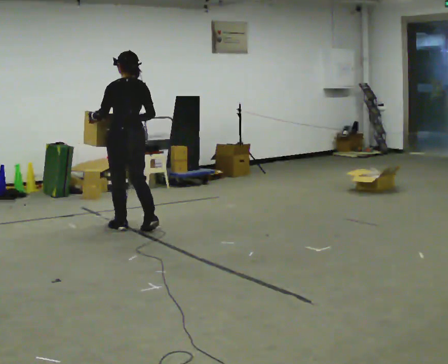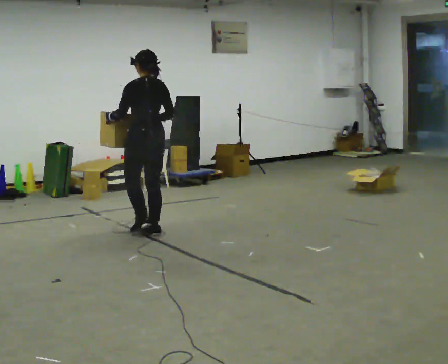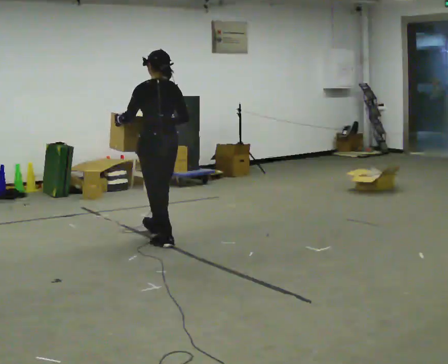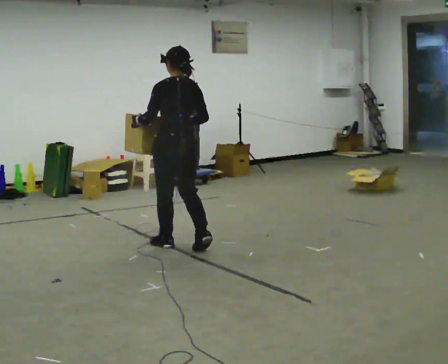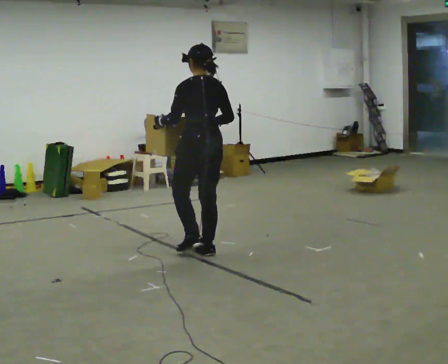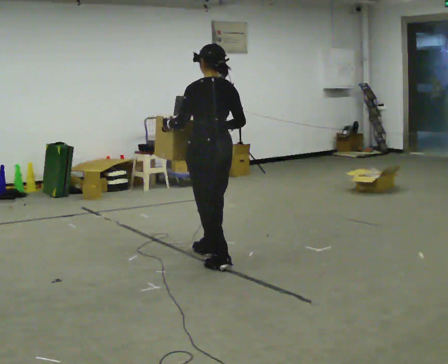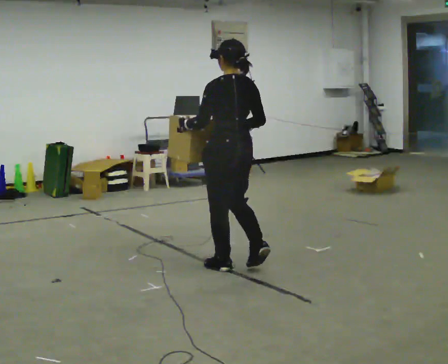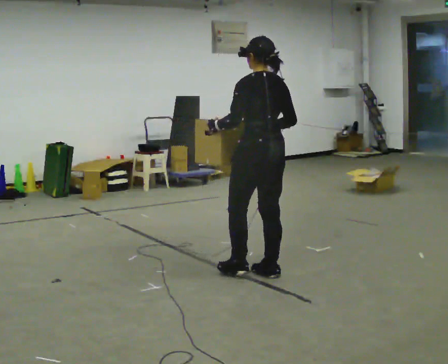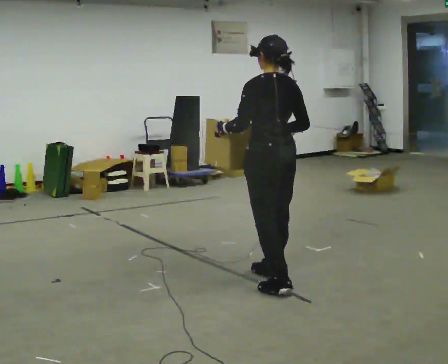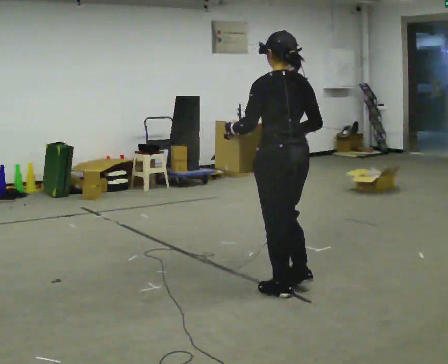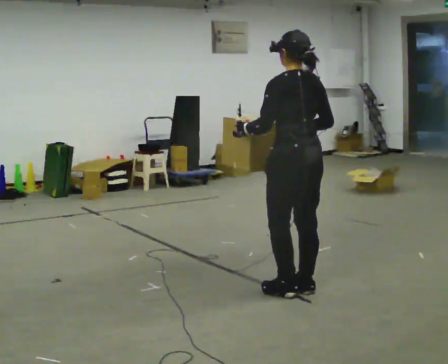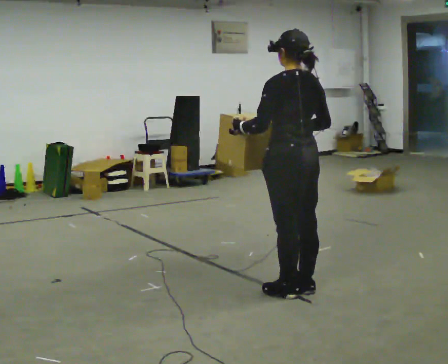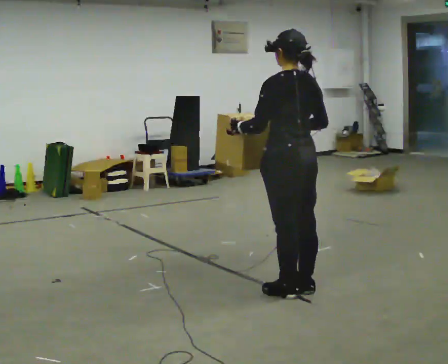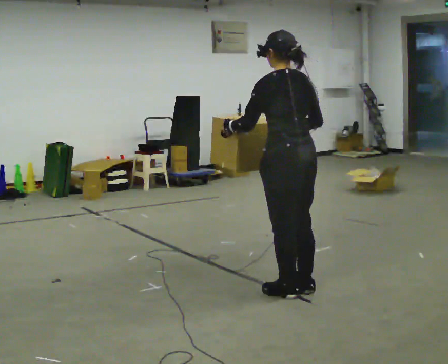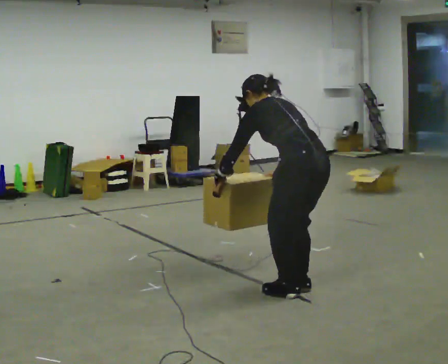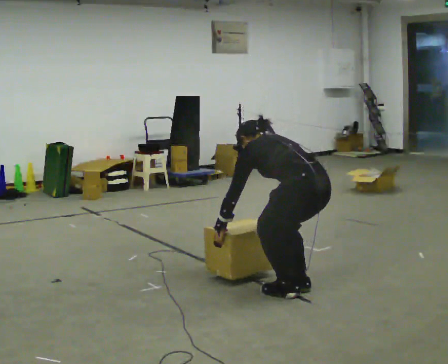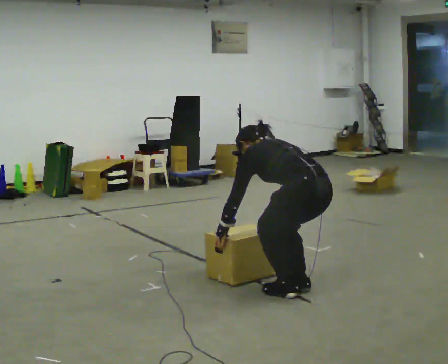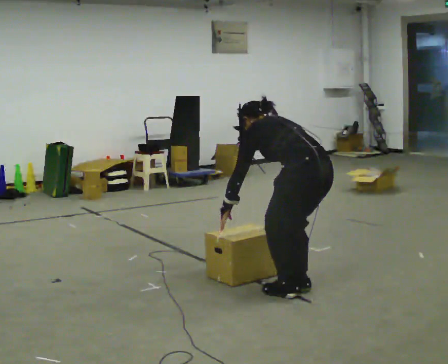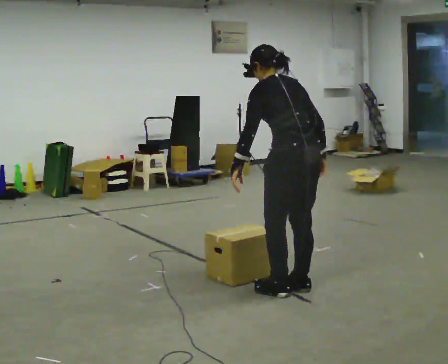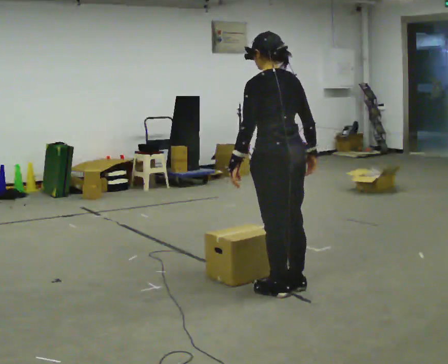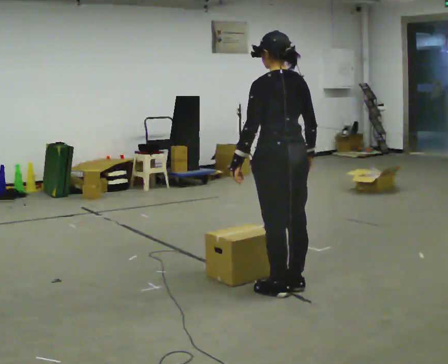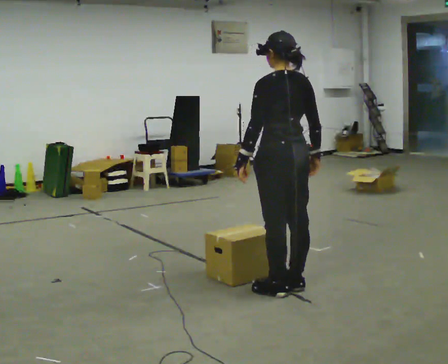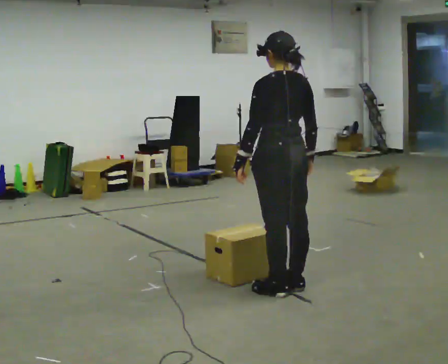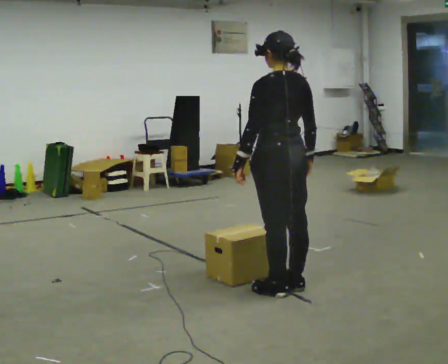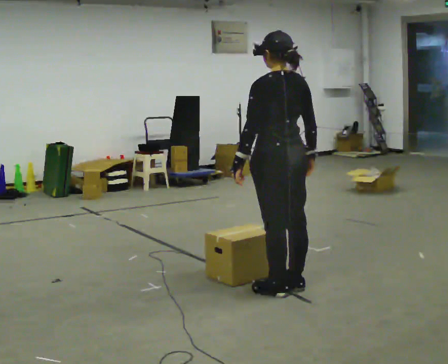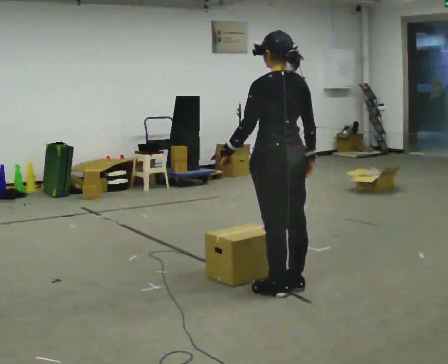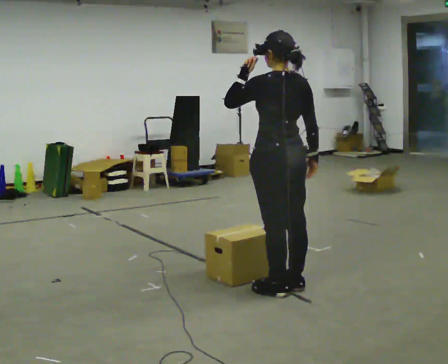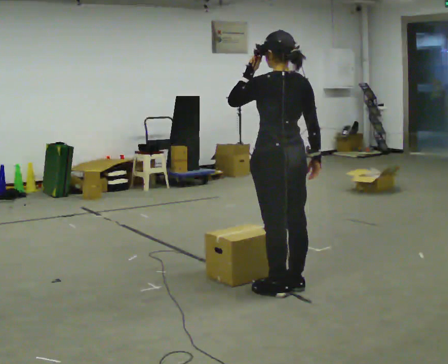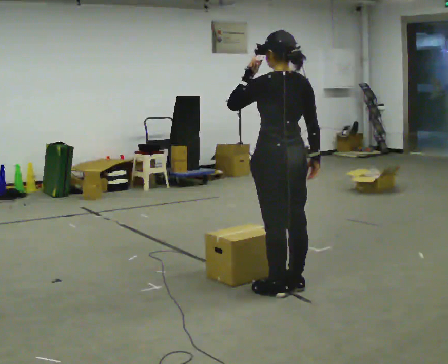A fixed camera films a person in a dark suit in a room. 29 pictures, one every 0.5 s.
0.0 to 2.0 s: In the picture they go to the right and toward the camera, about 1 m in 3 steps, which for them is backward.
2.0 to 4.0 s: In the picture they go toward the camera and to the right, about 1 m in 3 steps, which for them is backward.
4.0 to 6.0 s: In the picture they go toward the camera, about 0.25 m in 1 step, which for them is backward.
6.0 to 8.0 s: The shoulders move downward. The upper body tips away from the camera, its near side rolling upward, as they bend forward. In the picture their left hand goes downward.
8.0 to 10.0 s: In the picture they go to the left, about 0.25 m, which for them is forward. The upper body goes upward. The upper body tips toward the camera, its near side rolling downward, as they lean back or straighten. In the picture their right hand goes upward.
10.0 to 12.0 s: The person moves a little, or ends about where they began.
12.0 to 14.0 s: In the picture their left hand goes upward.
The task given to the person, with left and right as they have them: Carry the box while walking backward. The operator confirms the space behind you is clear before each take.
The film runs forward here.
